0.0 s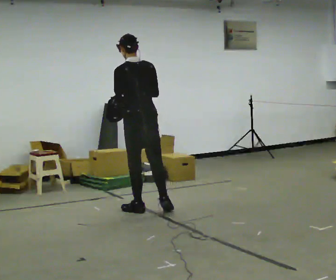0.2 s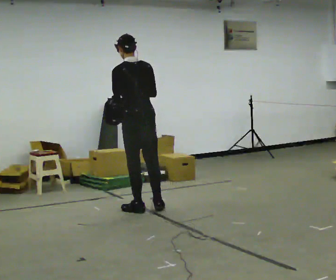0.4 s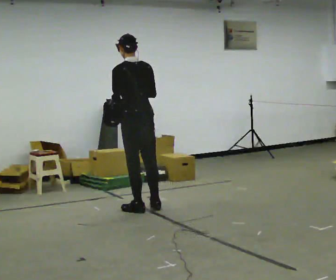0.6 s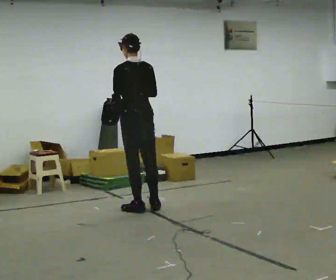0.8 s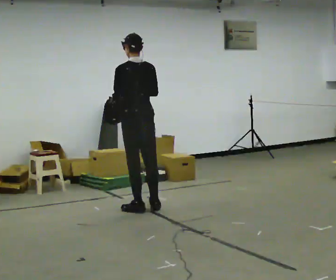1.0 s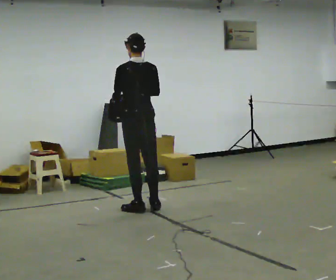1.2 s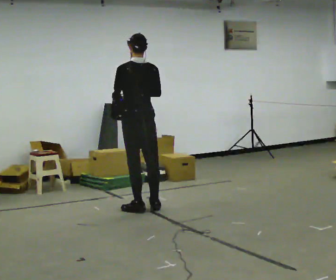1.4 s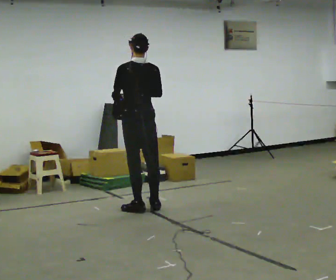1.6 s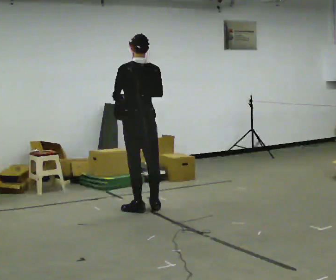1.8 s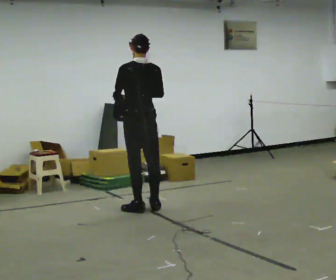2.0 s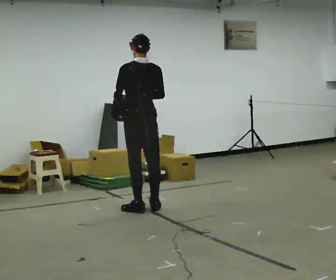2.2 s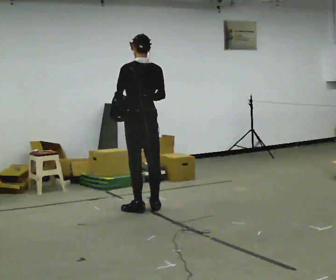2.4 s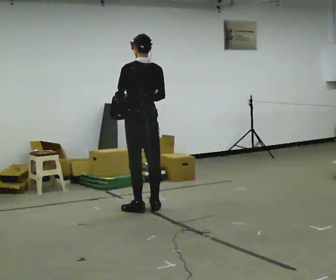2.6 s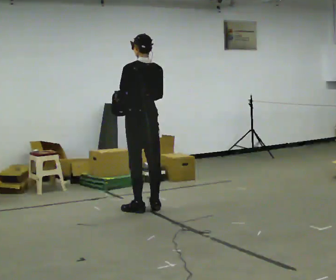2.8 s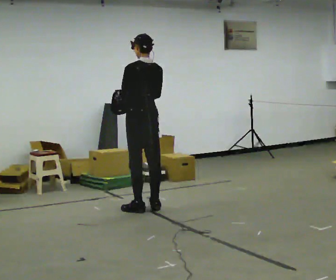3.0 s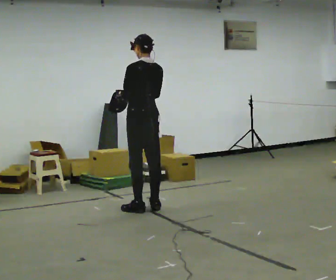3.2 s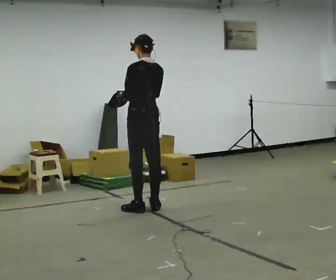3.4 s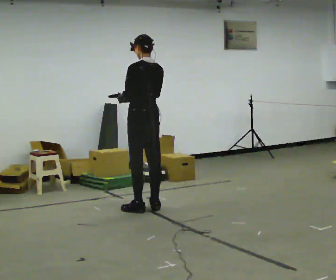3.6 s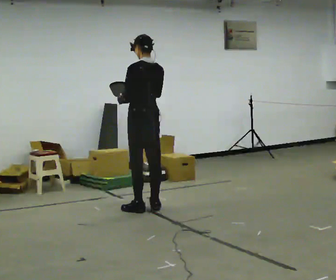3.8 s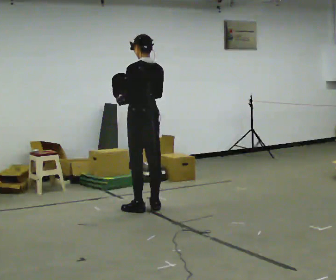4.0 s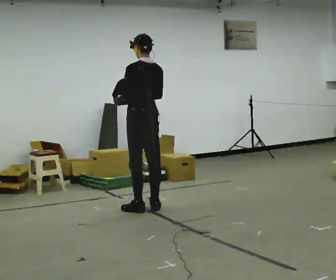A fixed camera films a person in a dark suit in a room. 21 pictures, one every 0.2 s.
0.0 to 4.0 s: In the picture they go away from the camera, about 0.25 m in 1 step, which for them is forward.
The film runs forward here.
